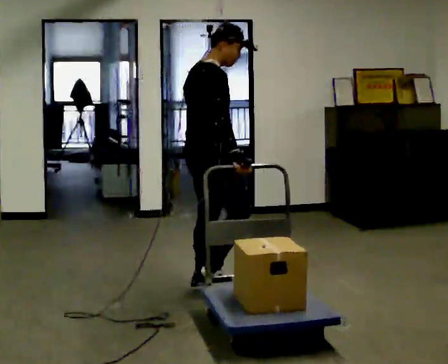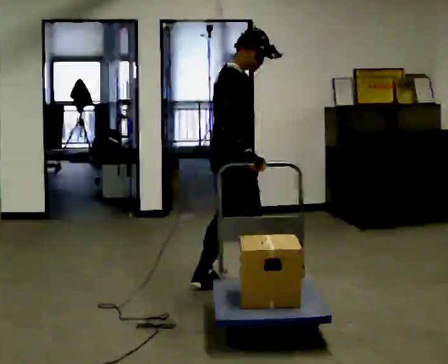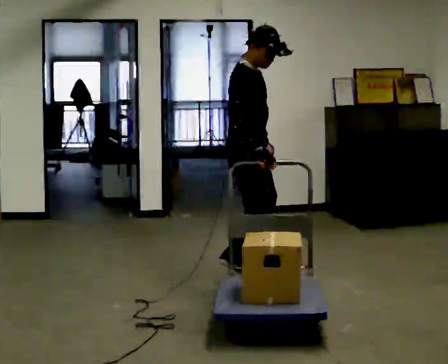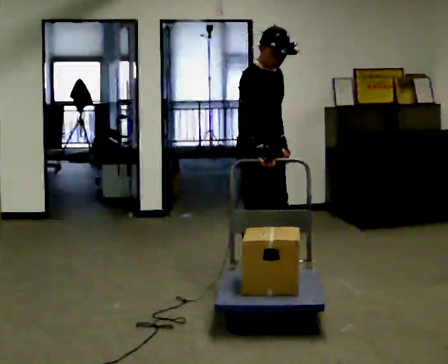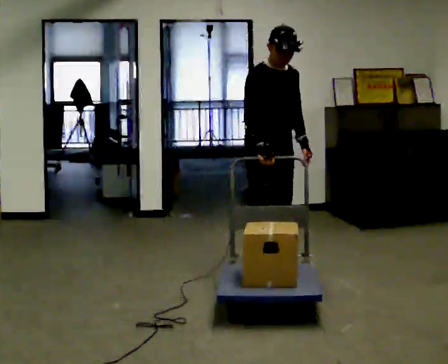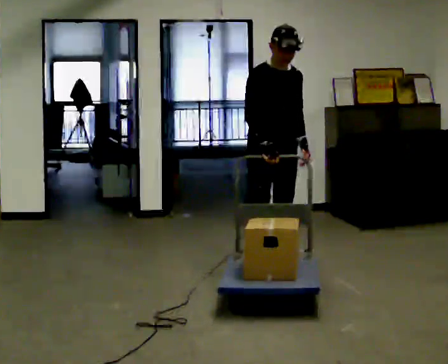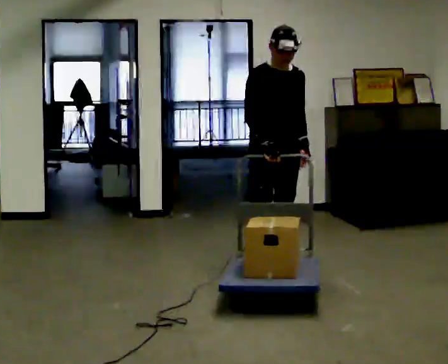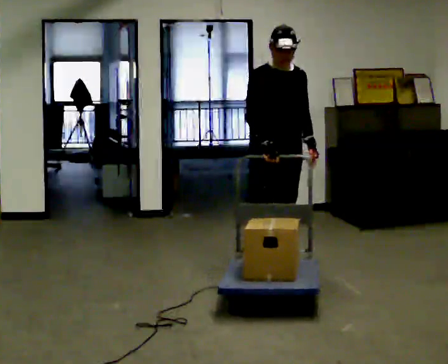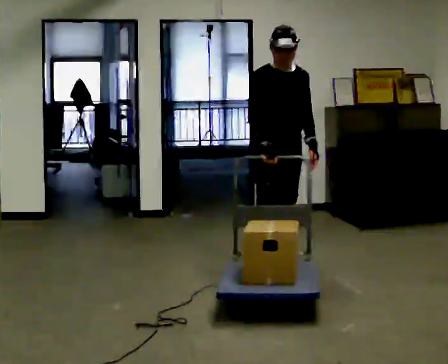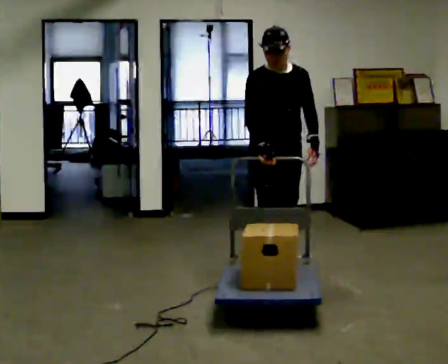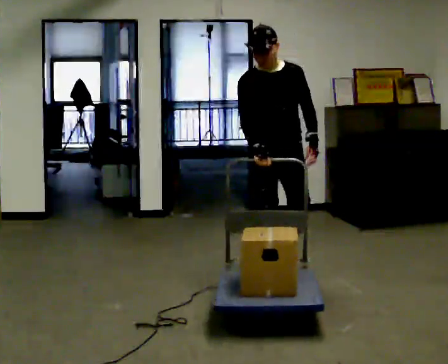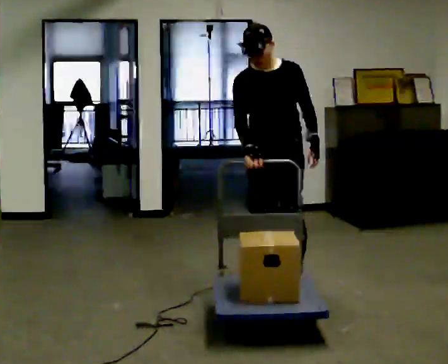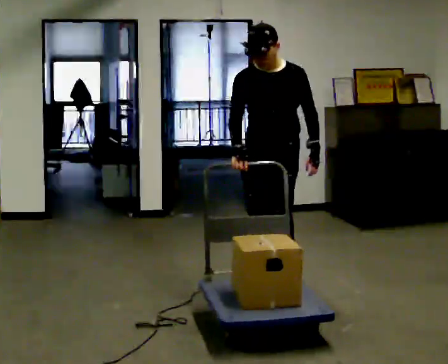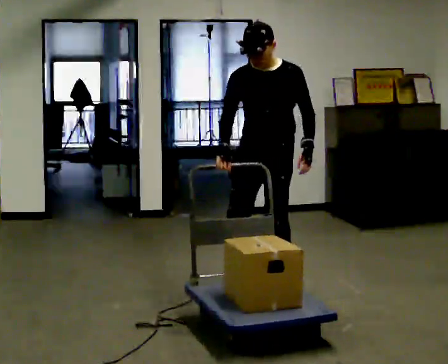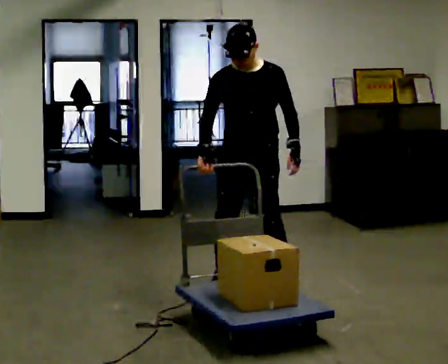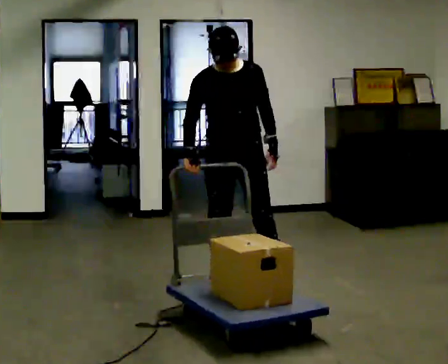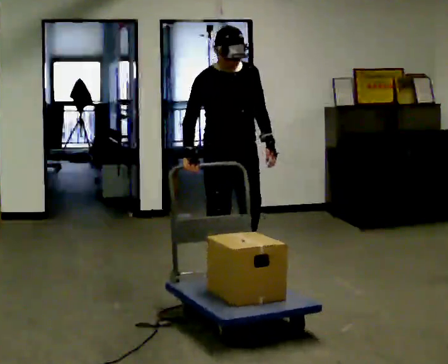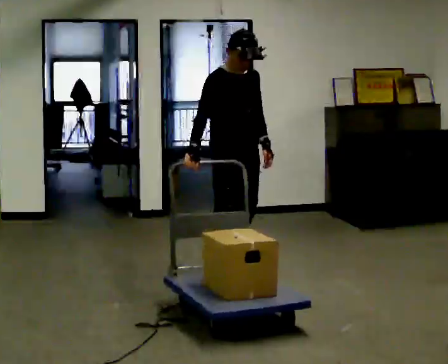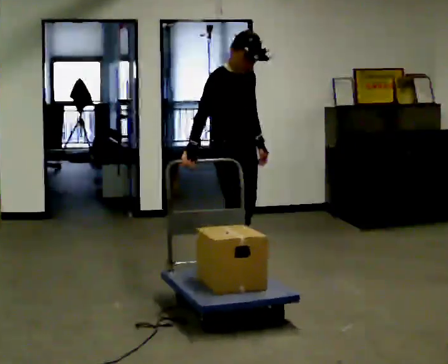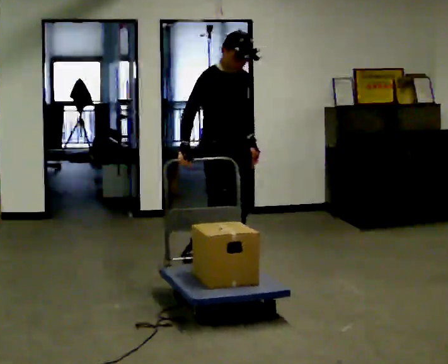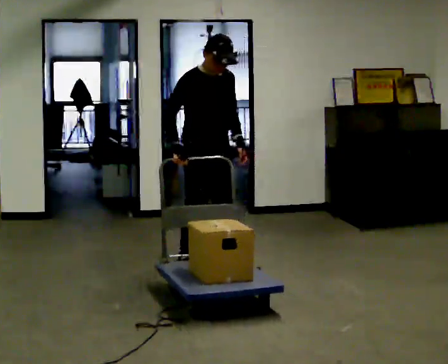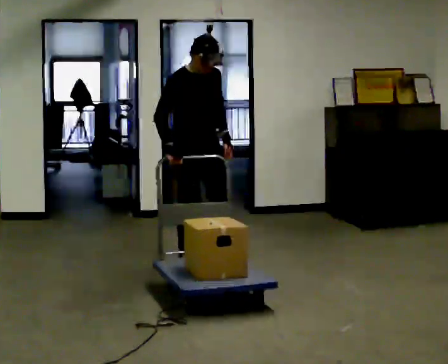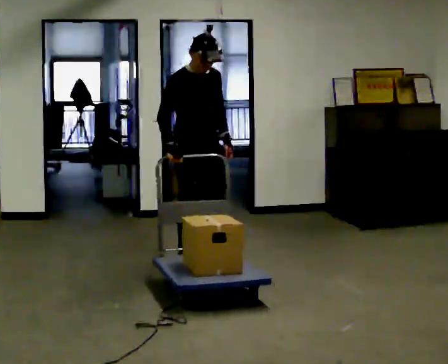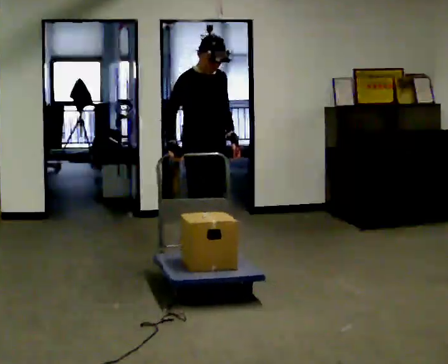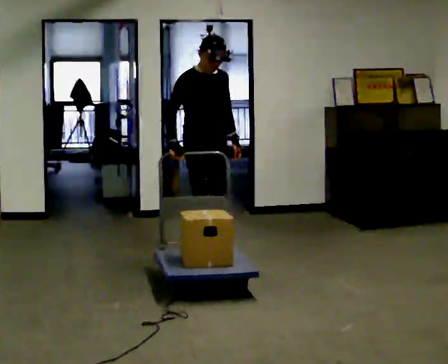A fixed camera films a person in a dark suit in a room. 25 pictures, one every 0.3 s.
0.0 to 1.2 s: The part of the body nearest the lens slides to the left as the person turns to their right by about 75 degrees. In the picture they go away from the camera and to the right, about 0.5 m in 2 steps.
1.2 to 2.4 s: The person moves a little, or ends about where they began.
2.4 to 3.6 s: The person turns about 45 degrees to their right, clockwise seen from above, so the part of the body nearest the lens slides to the left. In the picture they go toward the camera, about 0.5 m in 2 steps, which for them is forward.
3.6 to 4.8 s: Seen from above the body turns counterclockwise, about 45 degrees: to their left, with its near side sliding to the right. In the picture they go to the left, about 0.25 m in 1 step, which for them is to their right.
4.8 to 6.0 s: In the picture they go away from the camera and to the left, about 0.5 m in 2 steps, which for them is backward and to their left.
6.0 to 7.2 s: In the picture they go away from the camera, about 0.25 m in 1 step, which for them is backward and to their left.
The film runs forward here.
